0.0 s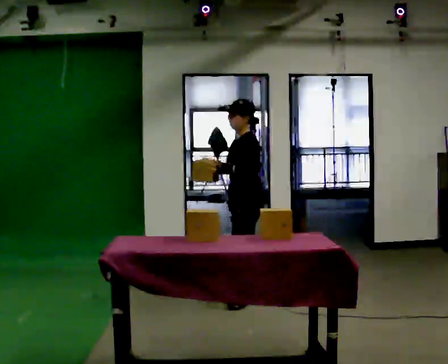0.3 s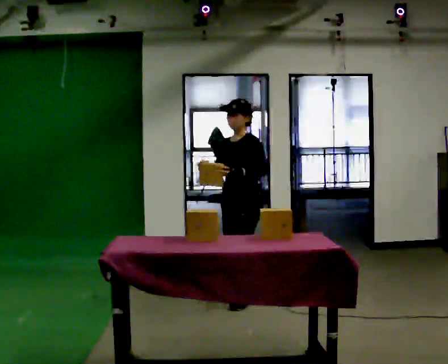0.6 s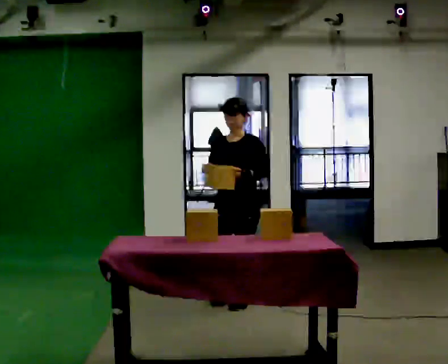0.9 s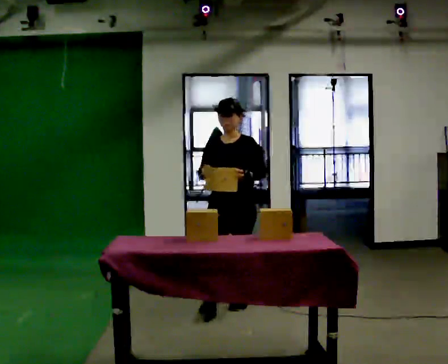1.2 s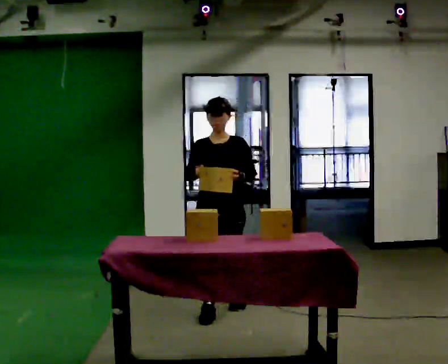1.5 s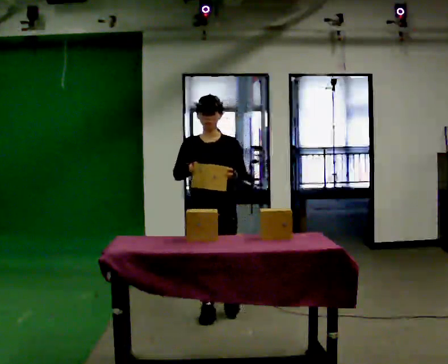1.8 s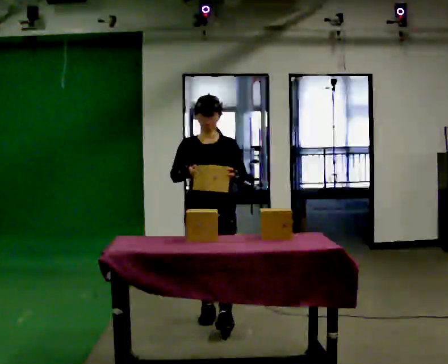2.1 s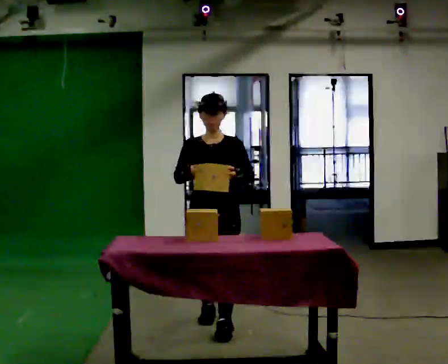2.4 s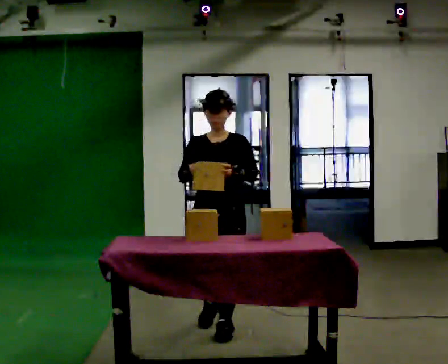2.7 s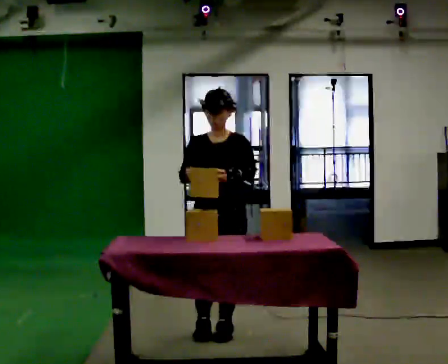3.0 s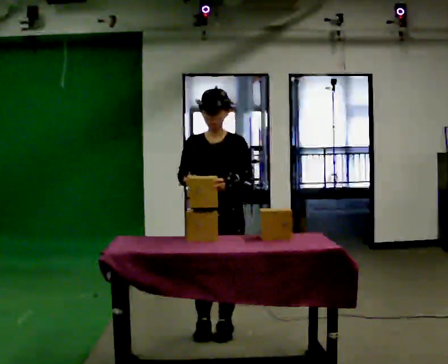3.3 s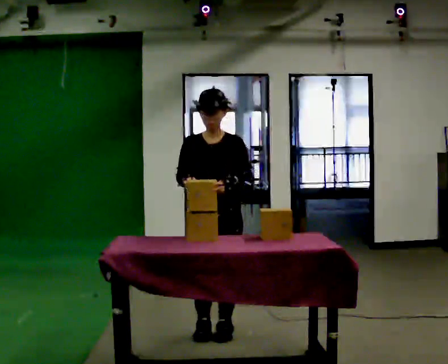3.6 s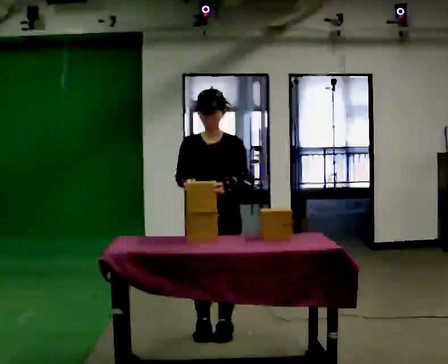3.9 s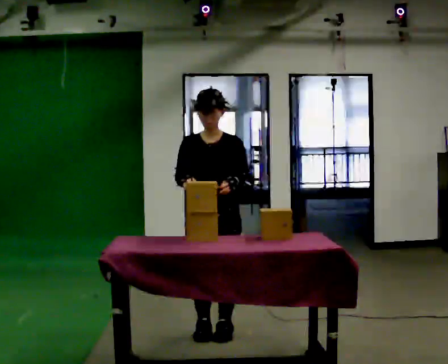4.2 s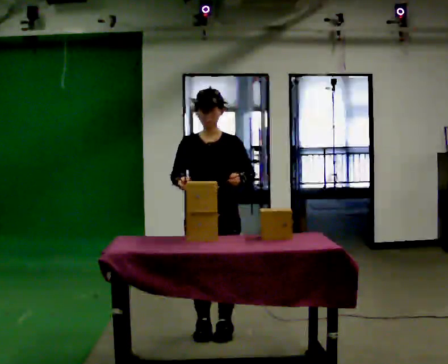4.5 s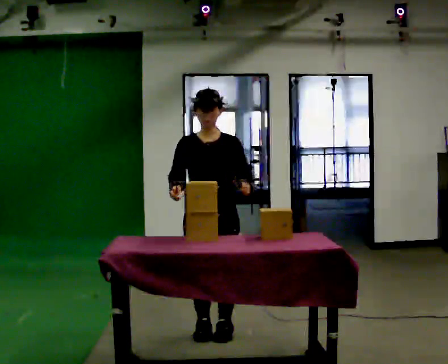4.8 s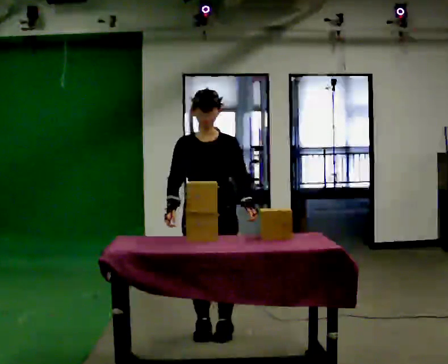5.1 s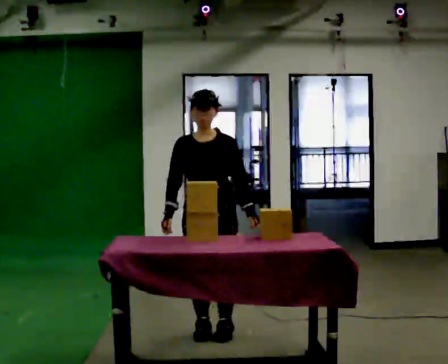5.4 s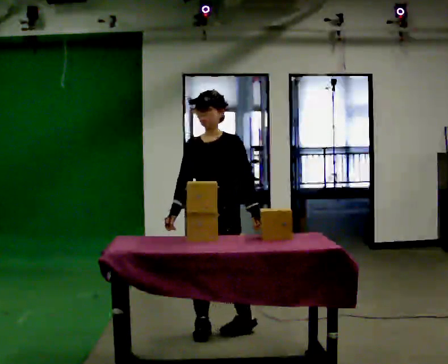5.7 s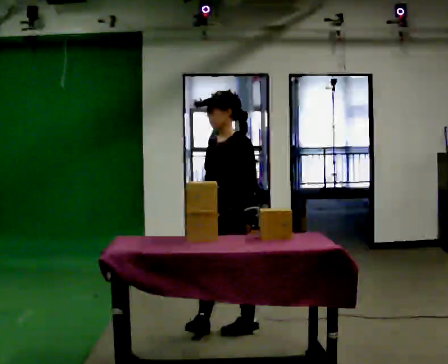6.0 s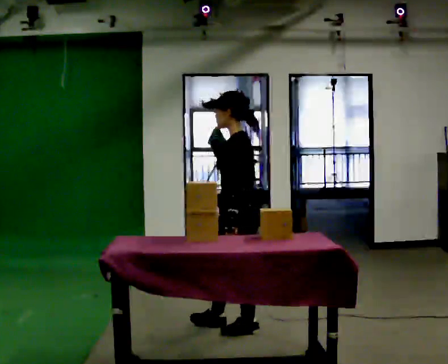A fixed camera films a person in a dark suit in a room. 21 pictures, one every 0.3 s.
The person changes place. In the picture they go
toward the camera.
The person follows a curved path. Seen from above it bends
counterclockwise.
0.0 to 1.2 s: Seen from above the body turns counterclockwise, about 75 degrees: to their left, with its near side sliding to the right. In the picture they go toward the camera and to the left, about 0.5 m in 1 step.
1.2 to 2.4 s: In the picture they go toward the camera, about 0.5 m in 1 step, which for them is forward.
2.4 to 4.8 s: The person moves a little, or ends about where they began.
4.8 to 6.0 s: The part of the body nearest the lens slides to the left as the person turns to their right by about 90 degrees. In the picture they go to the right, about 0.25 m in 1 step. In the picture their right hand goes to the right.
The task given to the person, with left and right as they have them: Pick an object up off the floor at one end of the room, carry it across, and place it on the waist-height shelf at the other end. Keep going until the operator says stop; one object at a time, and do not rush between trips.
The film runs forward here.
